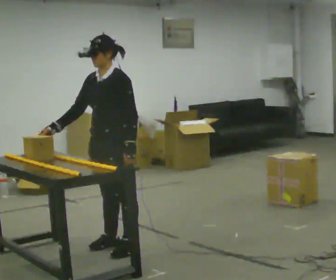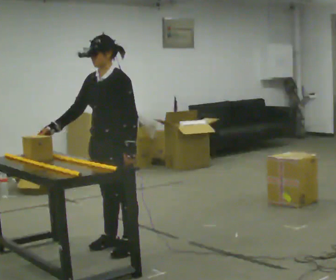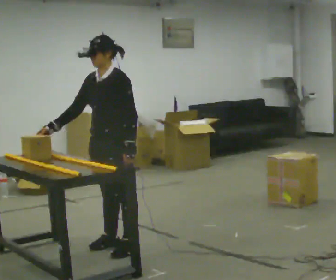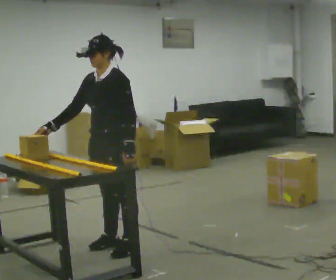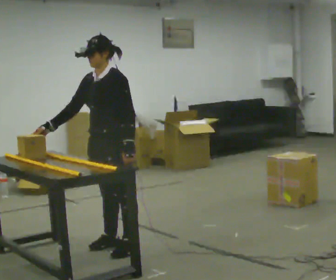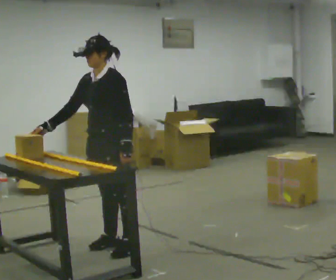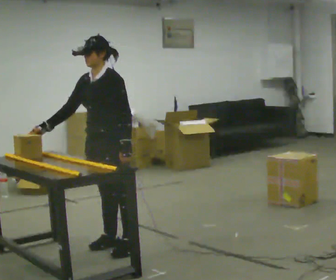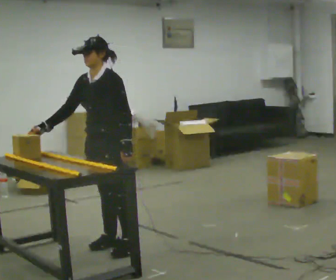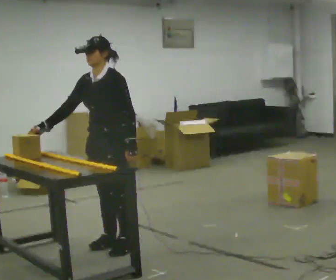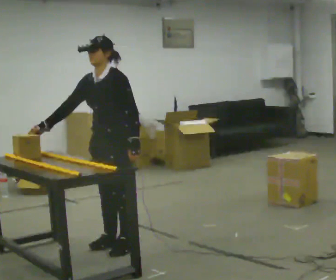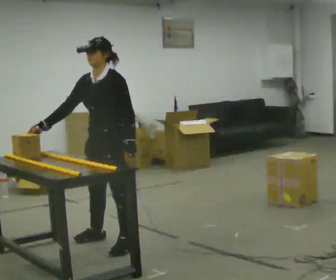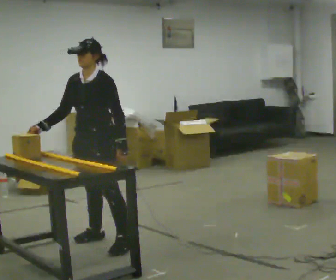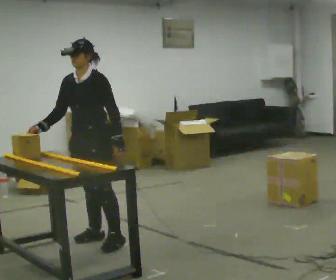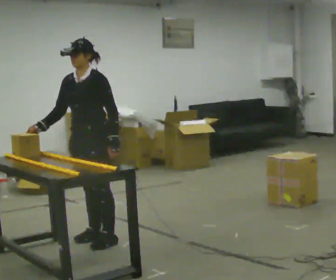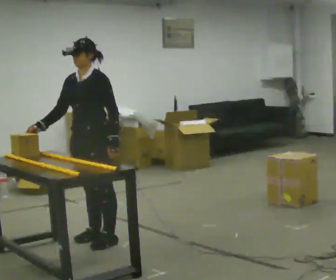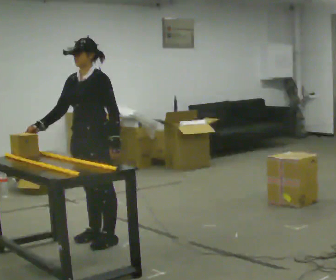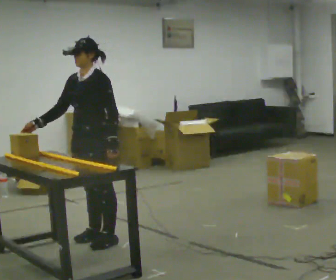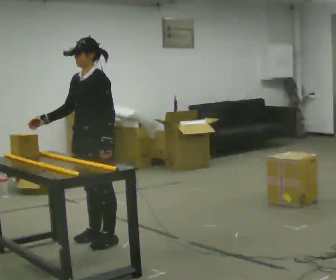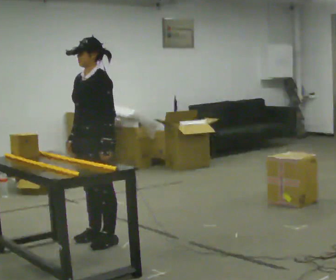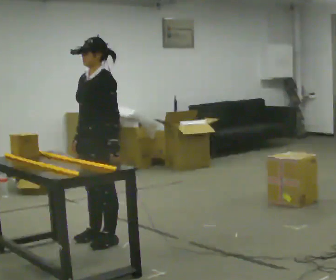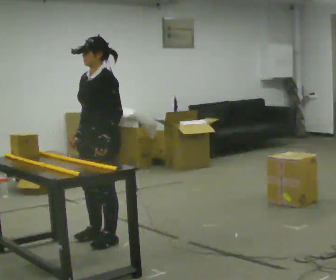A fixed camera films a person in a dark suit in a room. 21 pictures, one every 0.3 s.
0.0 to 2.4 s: The person moves a little, or ends about where they began.
2.4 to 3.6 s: In the picture they go away from the camera, about 0.25 m in 2 steps, which for them is to their right.
3.6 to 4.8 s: The person moves a little, or ends about where they began.
4.8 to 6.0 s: In the picture their right hand goes to the right.
The film runs backward here.
